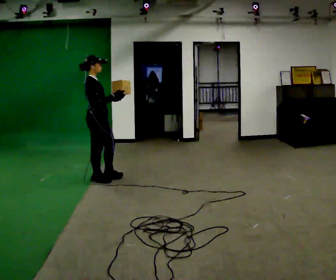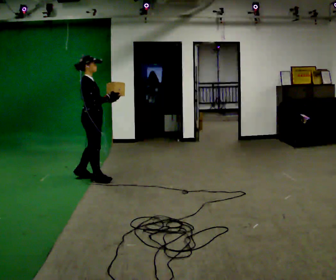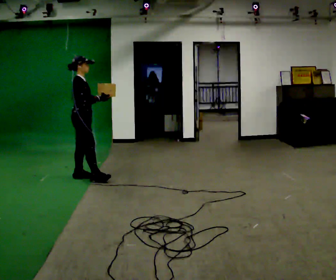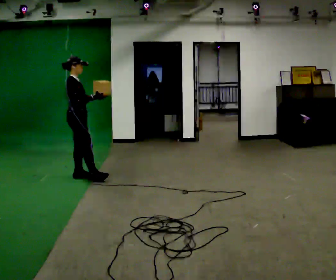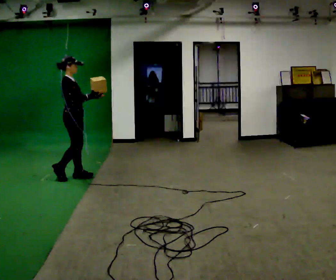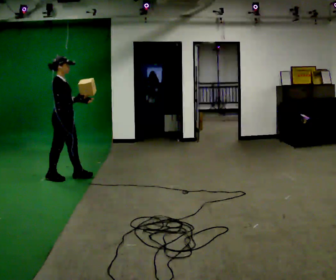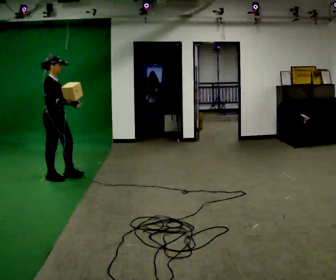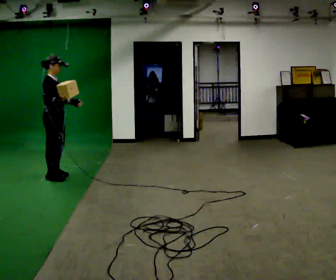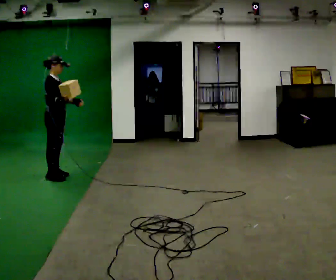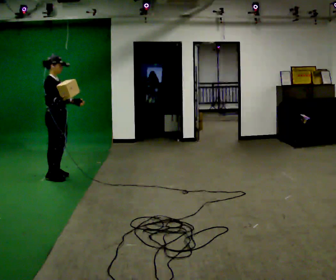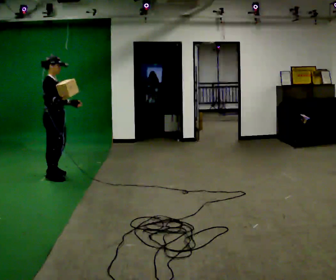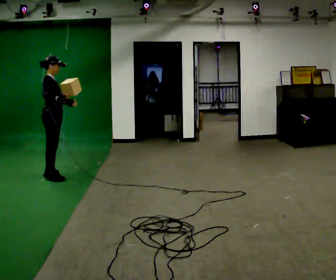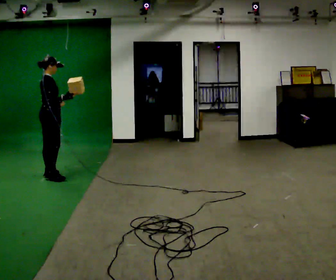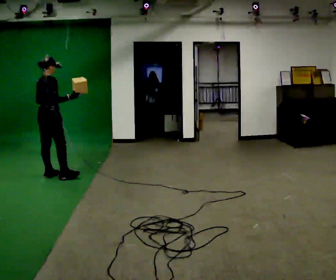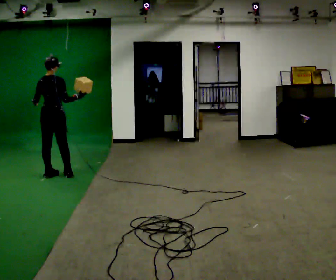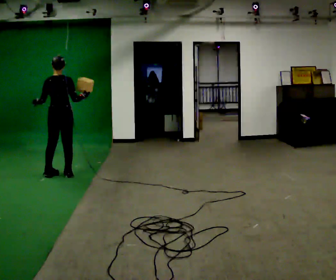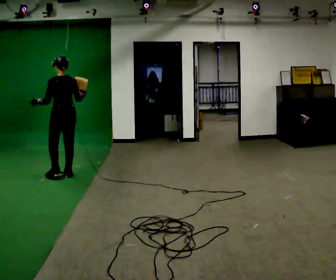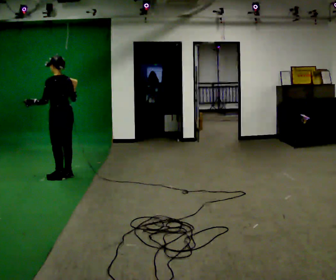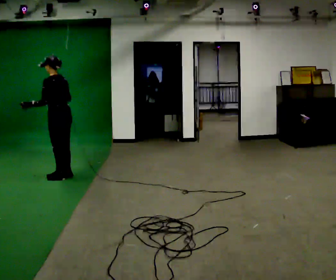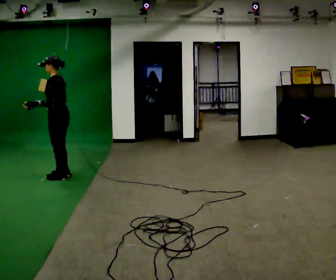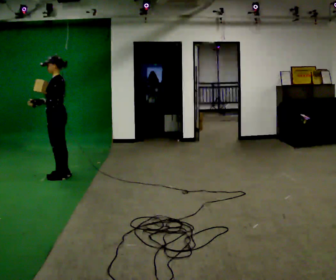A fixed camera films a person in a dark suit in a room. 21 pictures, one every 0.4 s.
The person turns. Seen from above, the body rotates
counterclockwise.
The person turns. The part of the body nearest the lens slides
to the right.
0.0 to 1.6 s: In the picture they go to the left and away from the camera, about 0.25 m in 1 step, which for them is backward and to their left.
1.6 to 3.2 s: In the picture they go to the left, about 0.25 m in 1 step, which for them is backward. In the picture their right hand goes to the left.
3.2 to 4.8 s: The part of the body nearest the lens slides to the right as the person turns to their left by about 30 degrees.
4.8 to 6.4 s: The part of the body nearest the lens slides to the right as the person turns to their left by about 90 degrees. In the picture they go to the right, about 0.25 m in 2 steps. In the picture their right hand goes to the right.
6.4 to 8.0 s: The person turns about 60 degrees to their left, counterclockwise seen from above, so the part of the body nearest the lens slides to the right.
The film runs backward here.
